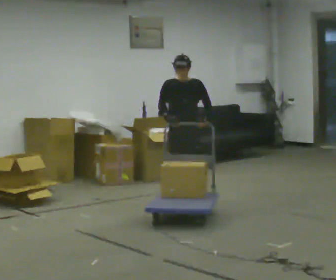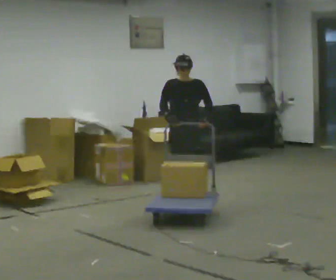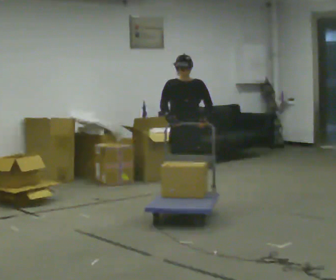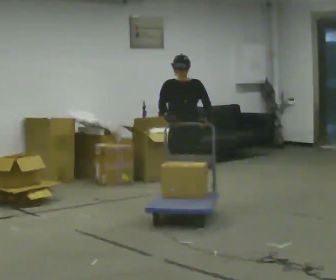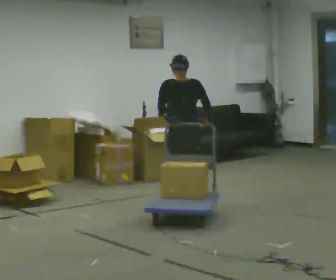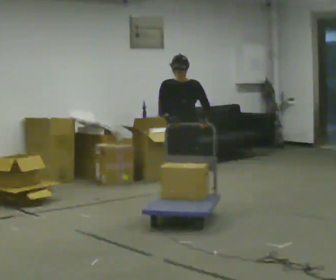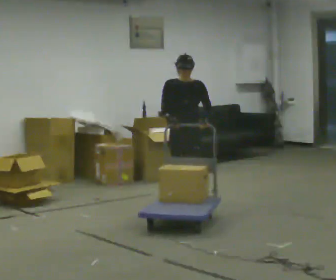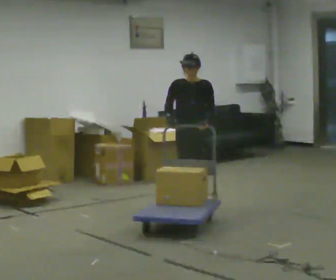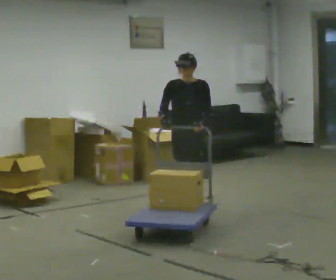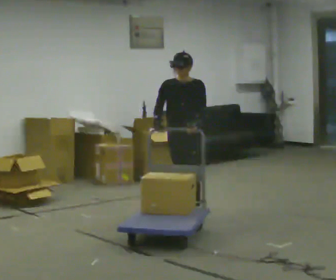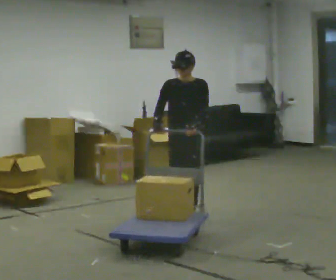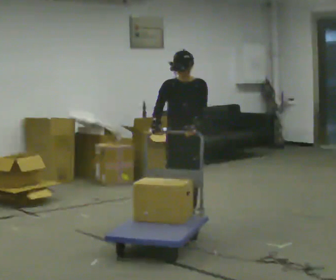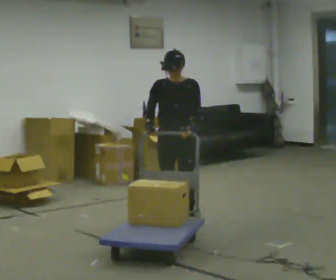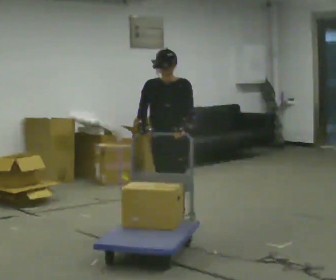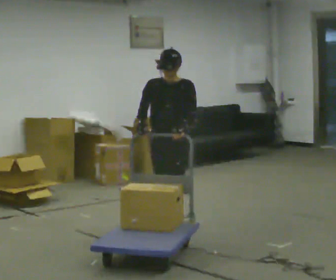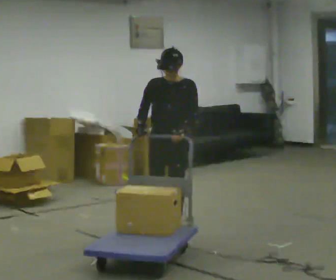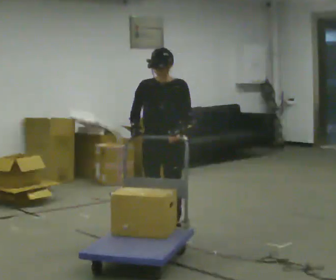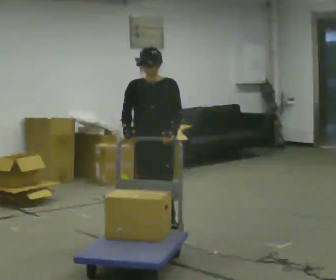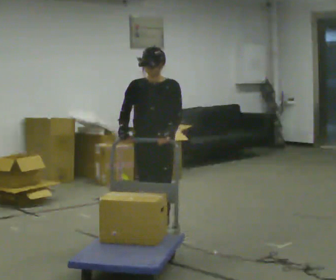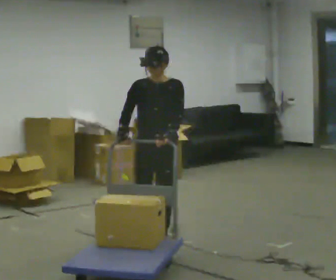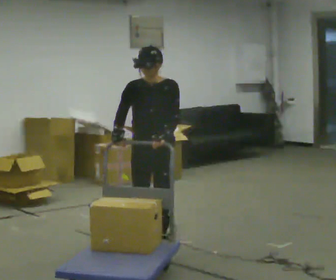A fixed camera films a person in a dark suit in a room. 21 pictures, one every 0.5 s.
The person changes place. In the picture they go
toward the camera.
0.0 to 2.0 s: The person moves a little, or ends about where they began.
2.0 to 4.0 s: In the picture they go toward the camera, about 0.5 m in 2 steps, which for them is forward.
4.0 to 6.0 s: In the picture they go toward the camera, about 0.5 m in 2 steps, which for them is forward.
6.0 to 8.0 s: In the picture they go toward the camera, about 0.5 m in 2 steps, which for them is forward.
8.0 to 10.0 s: In the picture they go toward the camera, about 0.25 m in 2 steps, which for them is forward.
The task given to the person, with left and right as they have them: Push the loaded cart from one corner of the room to the other, turn it round, and push it back. Keep going until the operator says stop.
The film runs forward here.
